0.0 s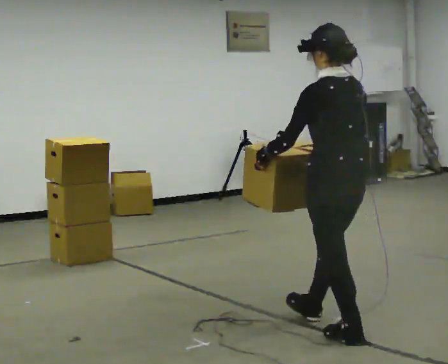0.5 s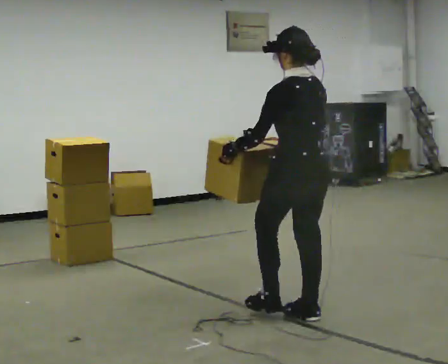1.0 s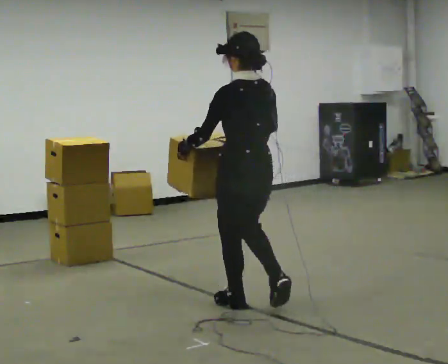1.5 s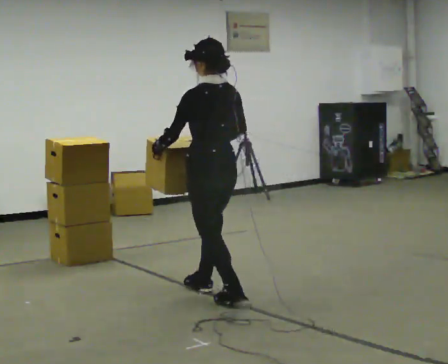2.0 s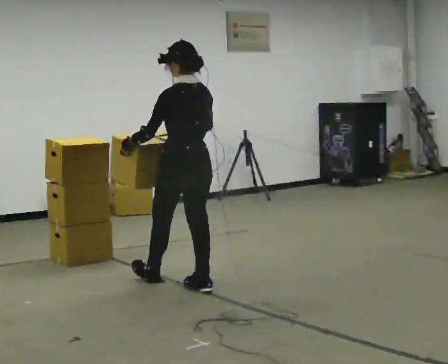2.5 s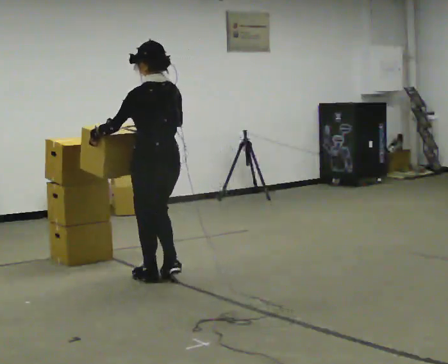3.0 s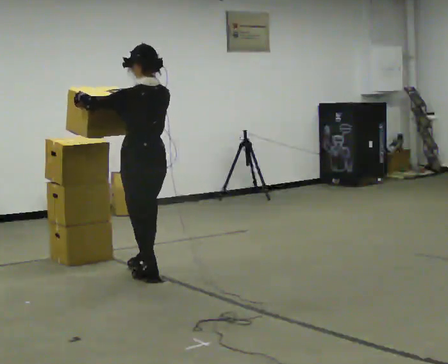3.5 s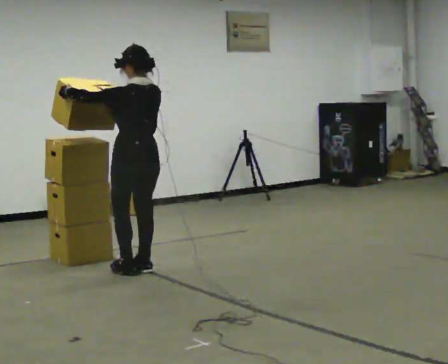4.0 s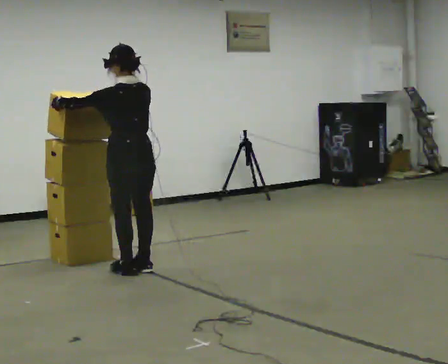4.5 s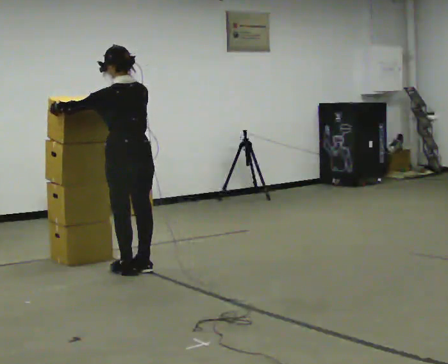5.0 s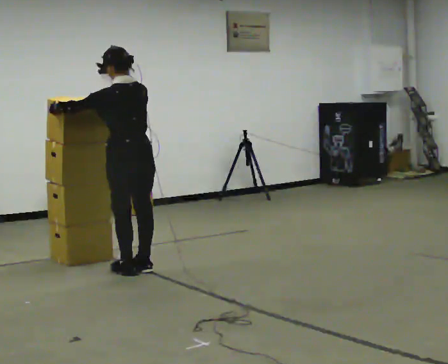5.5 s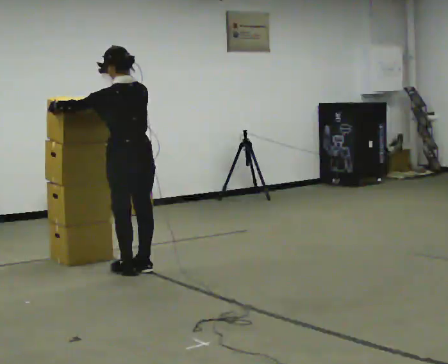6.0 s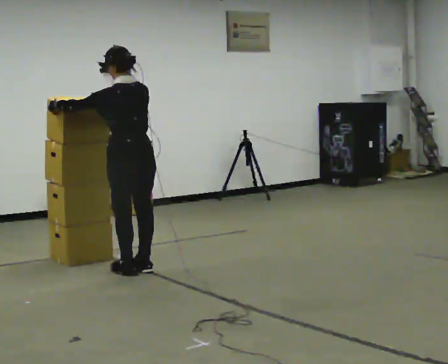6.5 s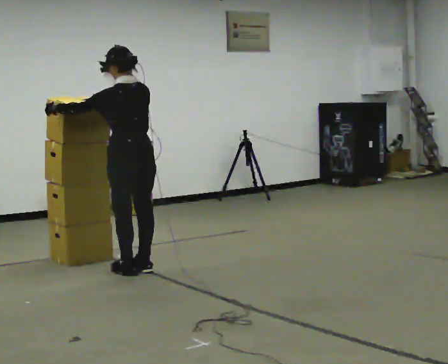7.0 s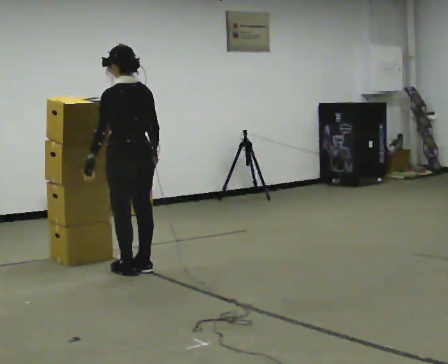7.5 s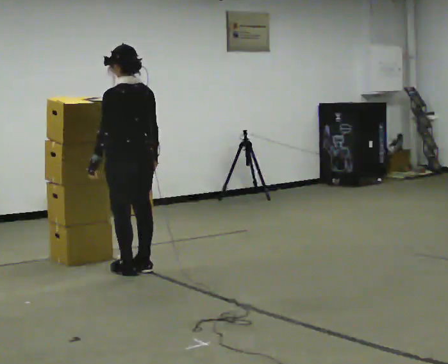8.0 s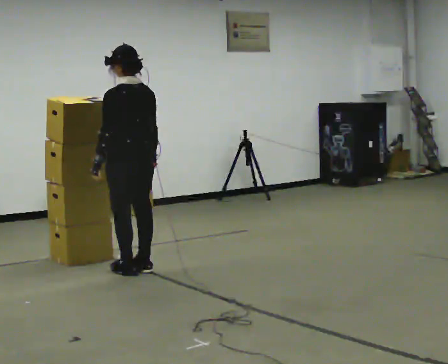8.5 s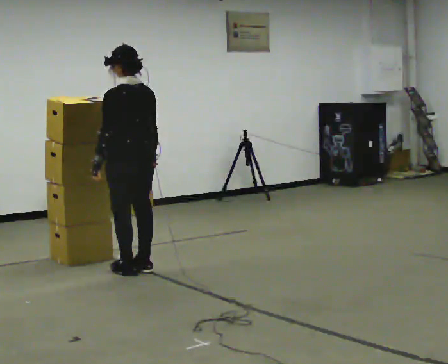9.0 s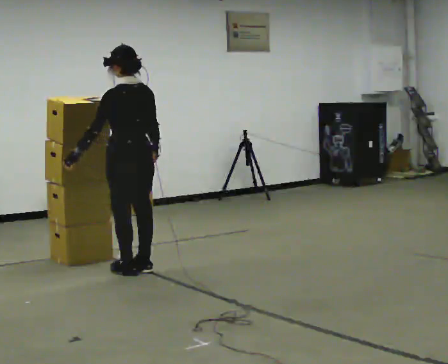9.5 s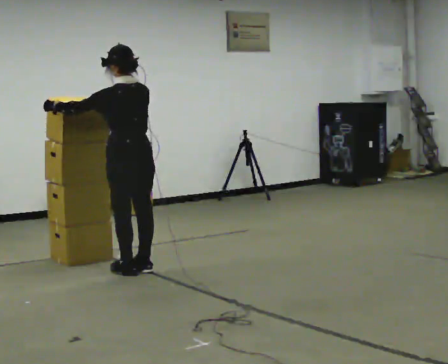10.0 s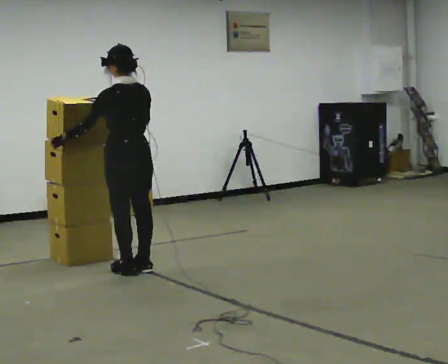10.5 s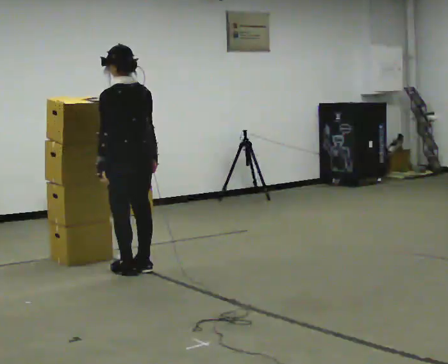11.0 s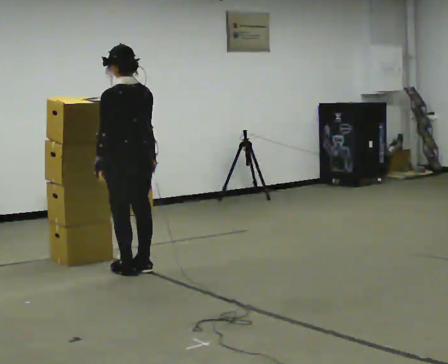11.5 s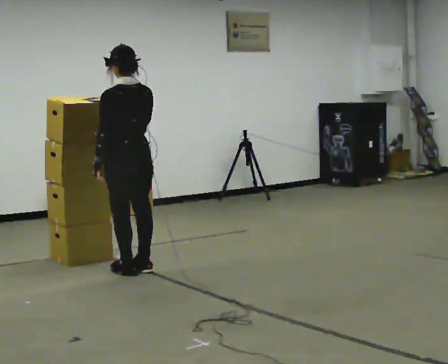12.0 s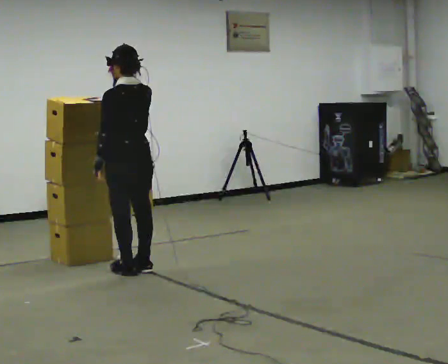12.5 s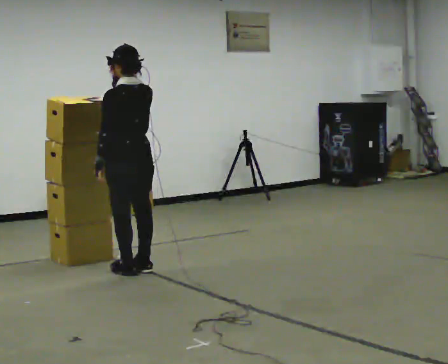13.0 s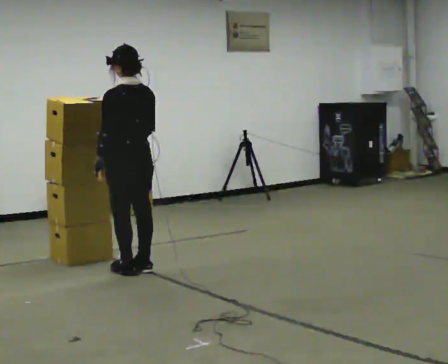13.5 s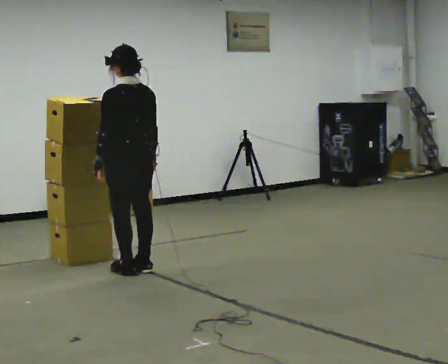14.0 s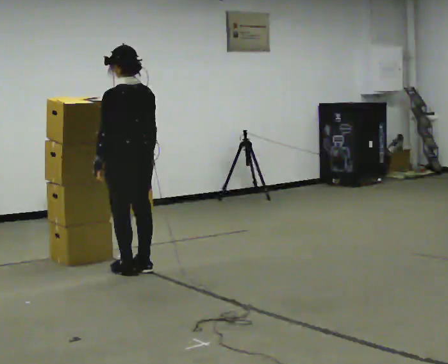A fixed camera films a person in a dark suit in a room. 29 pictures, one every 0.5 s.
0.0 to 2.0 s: In the picture they go away from the camera and to the left, about 1.5 m in 2 steps, which for them is forward.
2.0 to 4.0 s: In the picture they go away from the camera and to the left, about 0.5 m in 3 steps, which for them is forward.
4.0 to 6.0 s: The person moves a little, or ends about where they began.
6.0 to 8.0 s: In the picture their left hand goes downward and to the right, the arm swinging counterclockwise.
8.0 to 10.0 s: The person moves a little, or ends about where they began.
10.0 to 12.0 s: In the picture their right hand goes upward.
12.0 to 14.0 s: In the picture their right hand goes downward.
The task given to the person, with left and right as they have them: Carry the stack of boxes across the room without letting it fall over, then bring it back. Keep going until the operator says stop; one object at a time, and do not rush between trips.
The film runs forward here.
